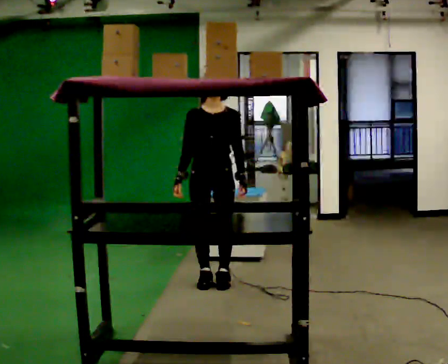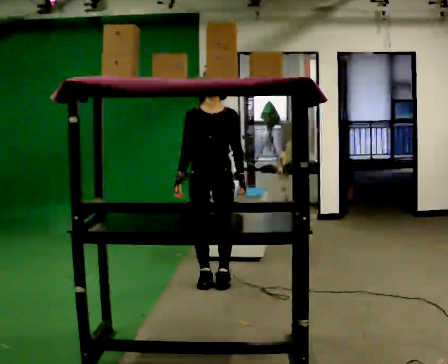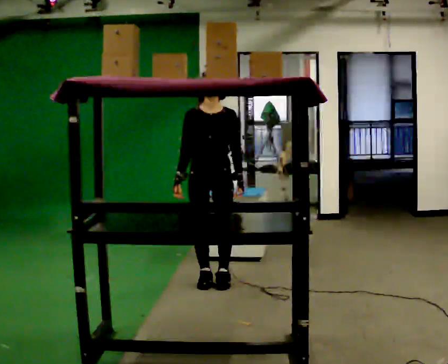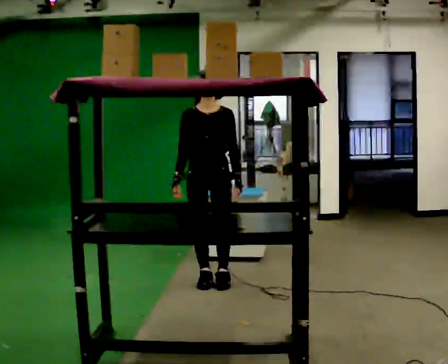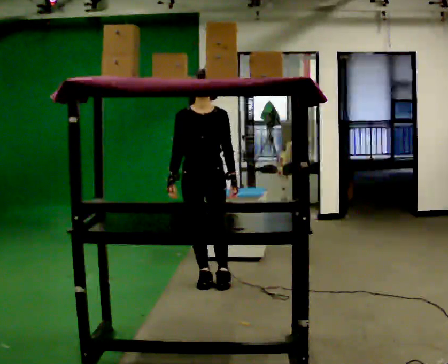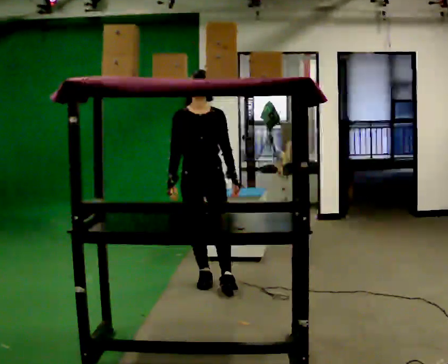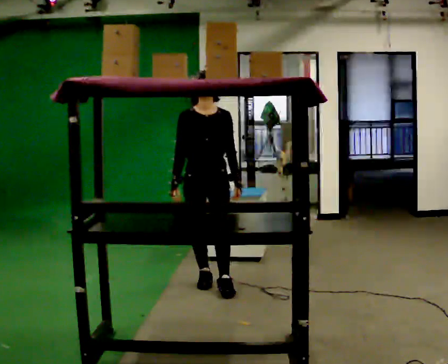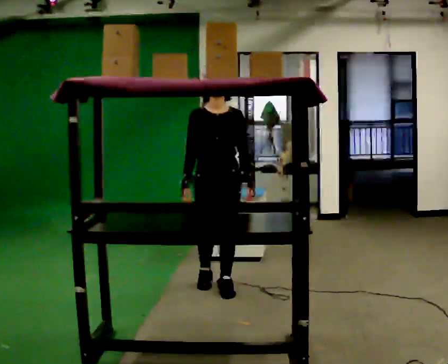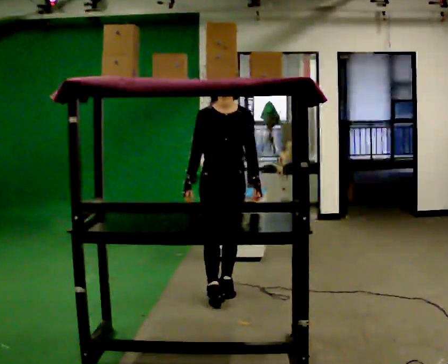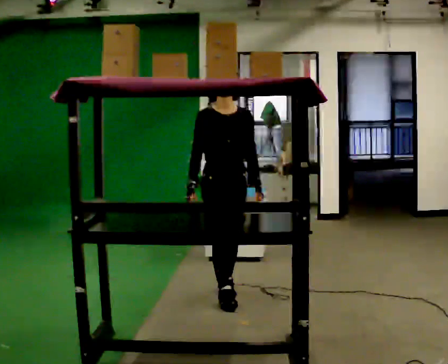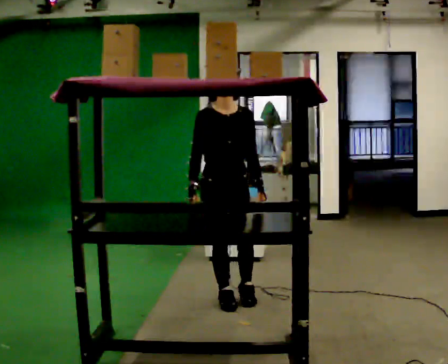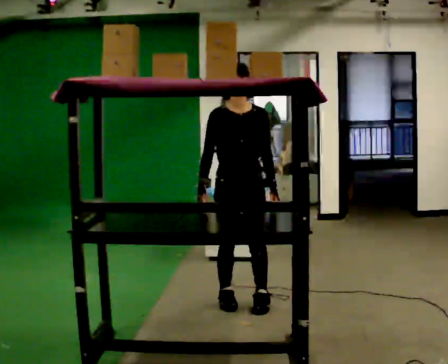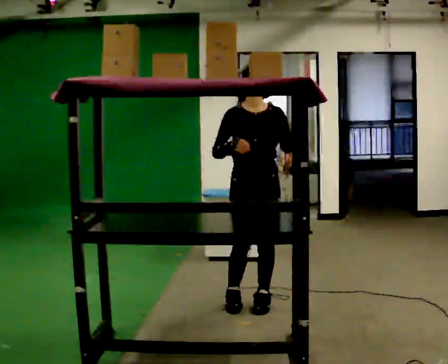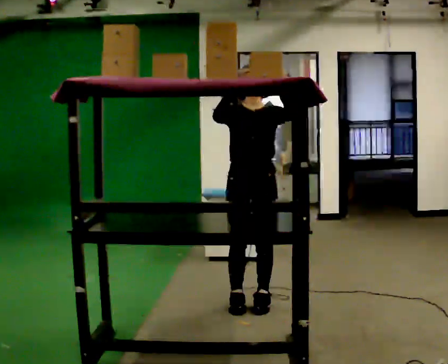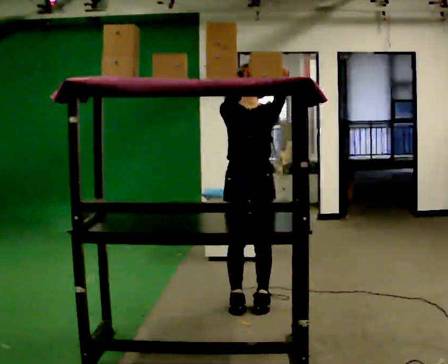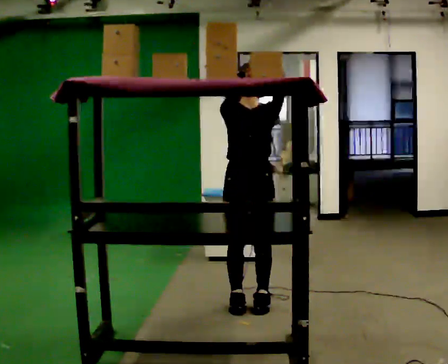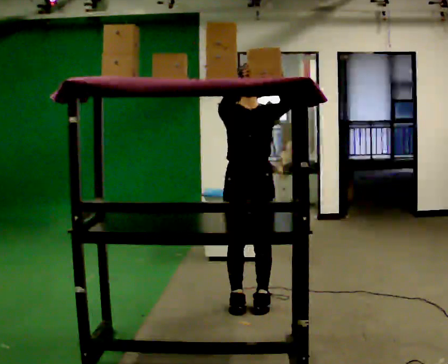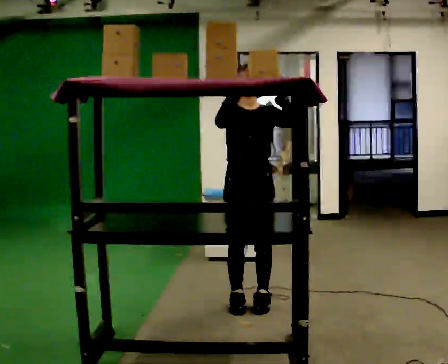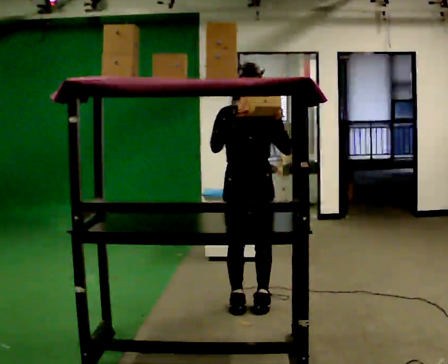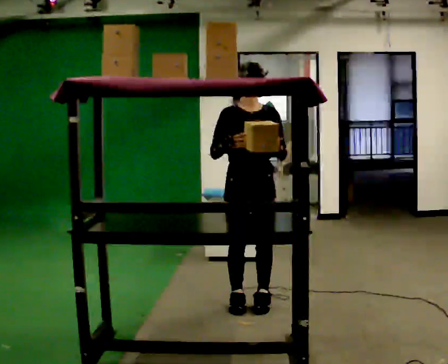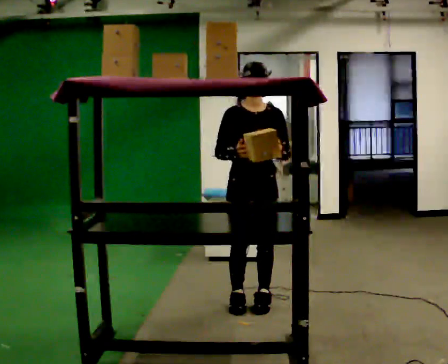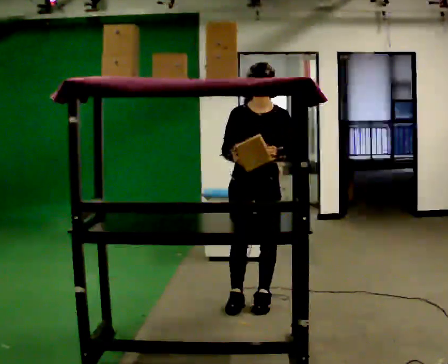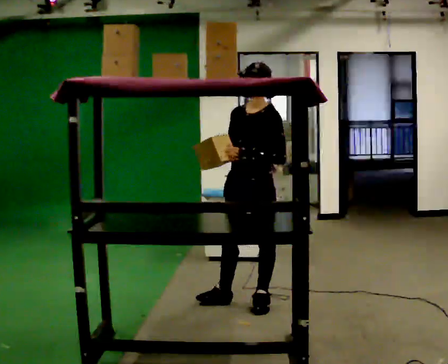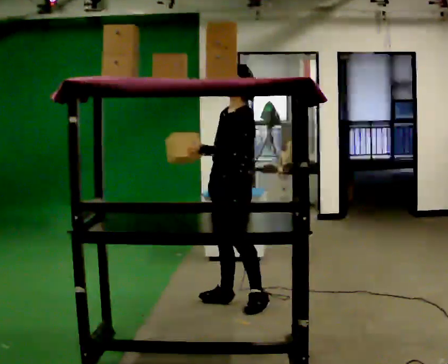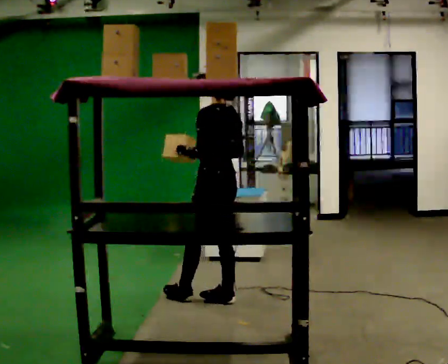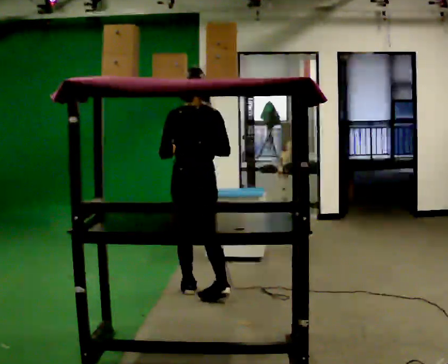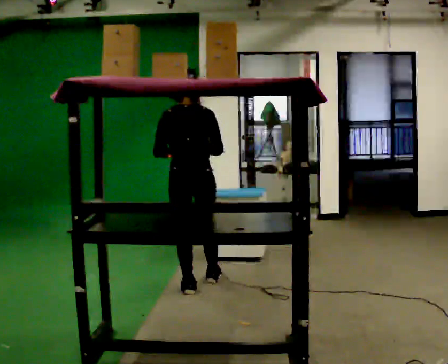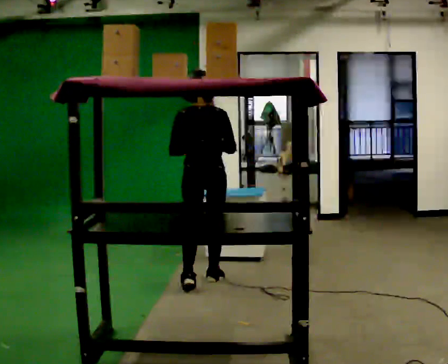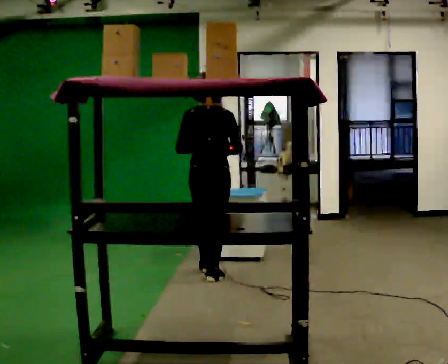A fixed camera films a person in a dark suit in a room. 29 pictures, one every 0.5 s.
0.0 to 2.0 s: The person moves a little, or ends about where they began.
2.0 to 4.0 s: In the picture they go toward the camera and to the right, about 0.25 m in 1 step, which for them is forward and to their left.
4.0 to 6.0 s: In the picture they go toward the camera and to the right, about 0.5 m in 2 steps, which for them is forward.
6.0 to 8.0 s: In the picture their left hand goes upward.
8.0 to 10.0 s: In the picture their right hand goes downward.
10.0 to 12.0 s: Seen from above the body turns clockwise, about 135 degrees: to their right, with its near side sliding to the left. In the picture they go to the left, about 0.25 m.
12.0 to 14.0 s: The part of the body nearest the lens slides to the left as the person turns to their right by about 60 degrees. In the picture they go away from the camera, about 0.5 m in 2 steps.
The film runs forward here.
